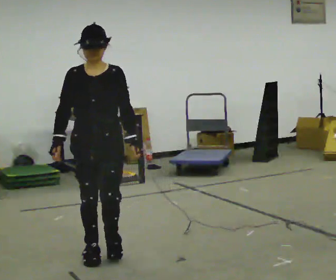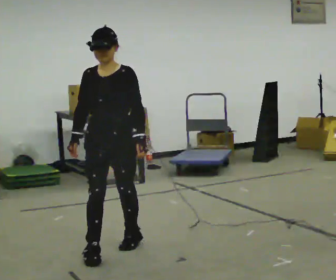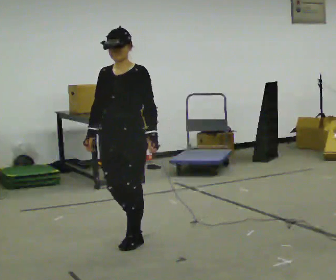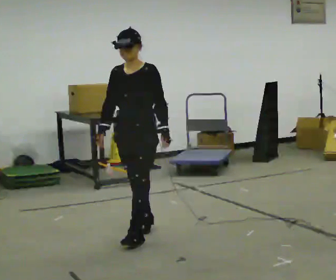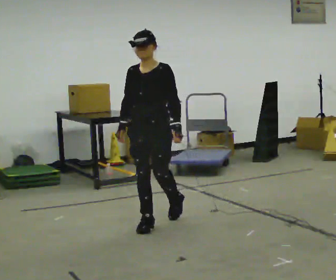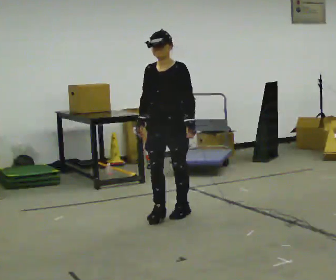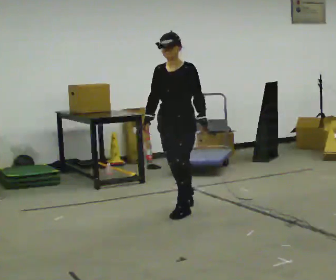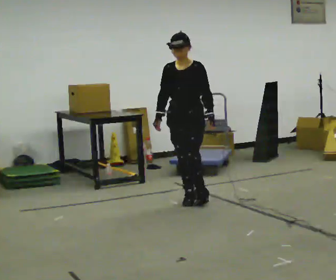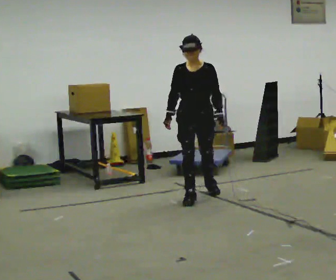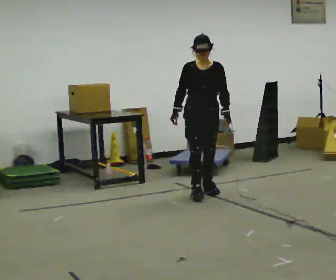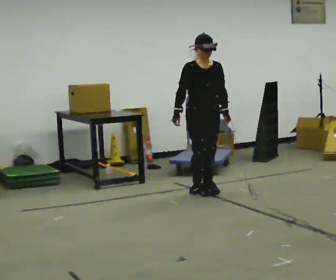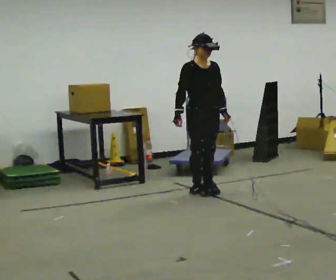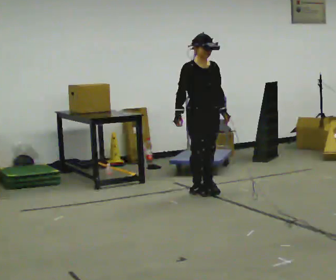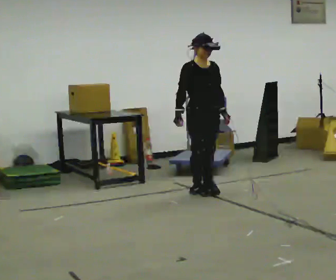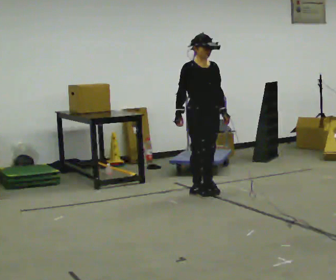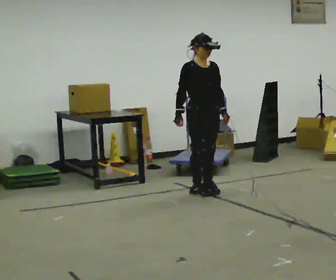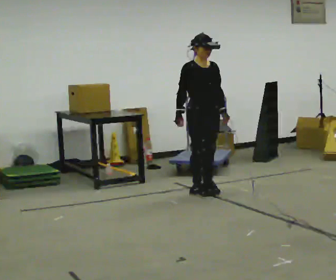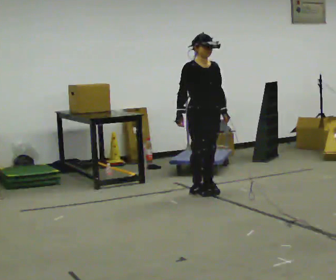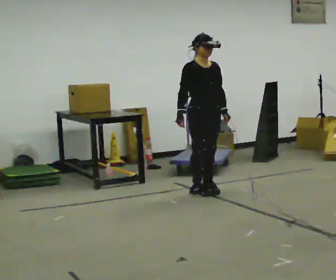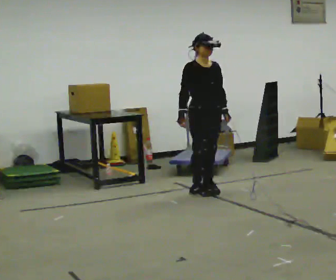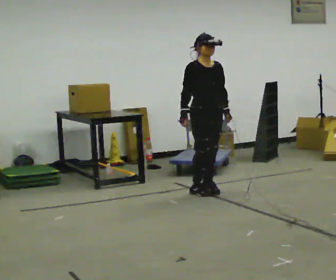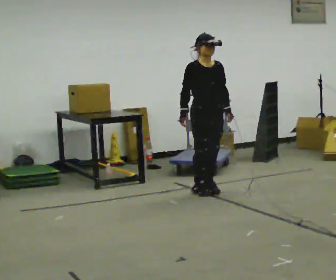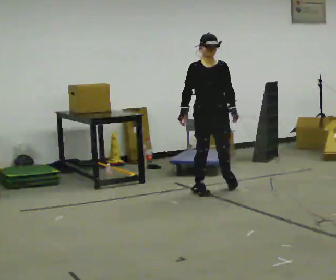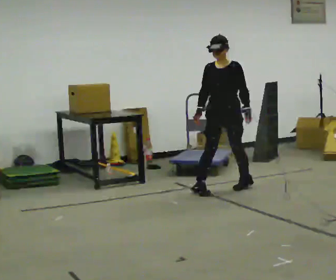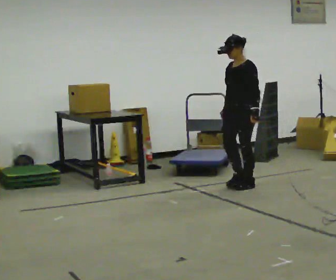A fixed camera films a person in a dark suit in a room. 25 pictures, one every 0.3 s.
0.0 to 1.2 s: In the picture they go away from the camera, about 1 m in 2 steps, which for them is backward.
1.2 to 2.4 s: In the picture they go away from the camera, about 1 m in 2 steps, which for them is backward.
2.4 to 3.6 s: The part of the body nearest the lens slides to the right as the person turns to their left by about 30 degrees. In the picture they go away from the camera, about 0.25 m in 1 step, which for them is backward and to their left.
3.6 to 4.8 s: The person keeps their place and pose.
4.8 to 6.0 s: The person moves a little, or ends about where they began.
6.0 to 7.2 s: The part of the body nearest the lens slides to the left as the person turns to their right by about 90 degrees. In the picture they go to the right and away from the camera, about 0.5 m in 2 steps.
The film runs backward here.
